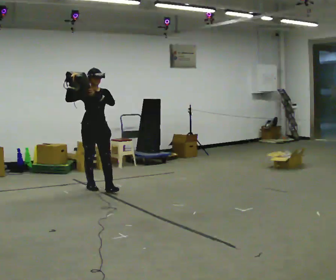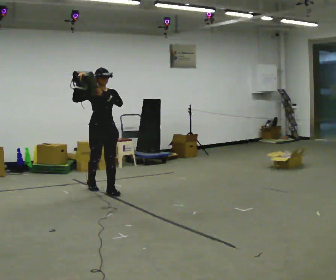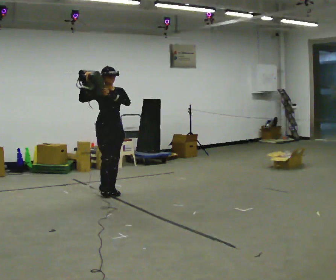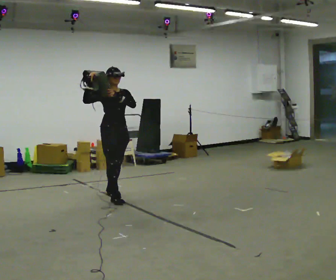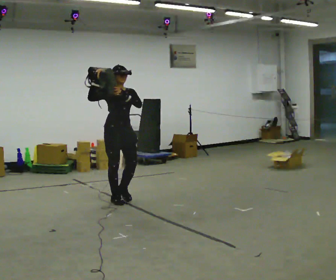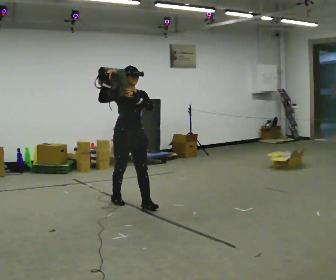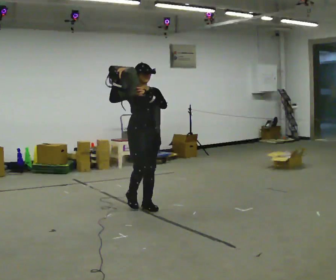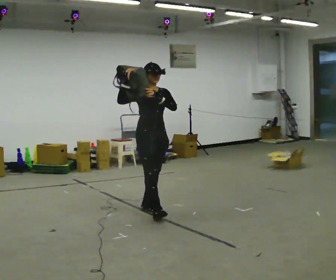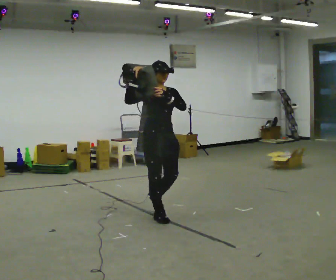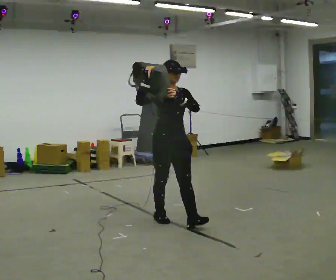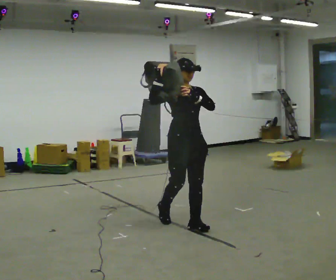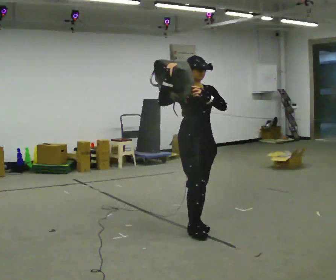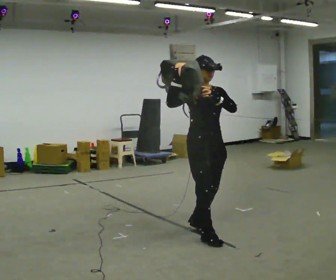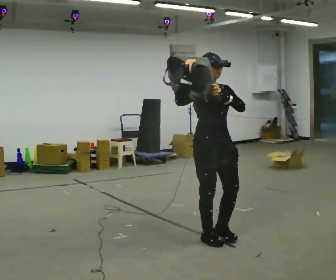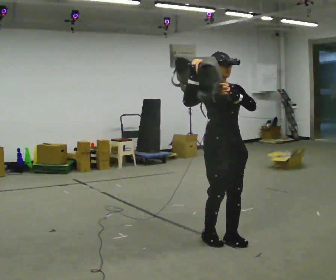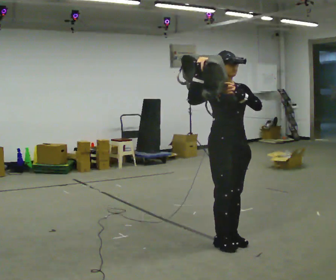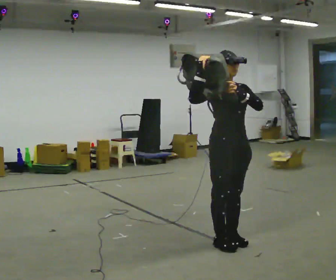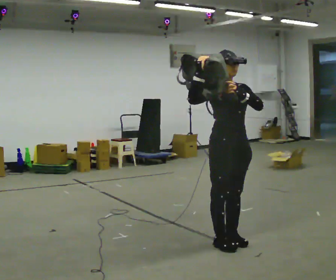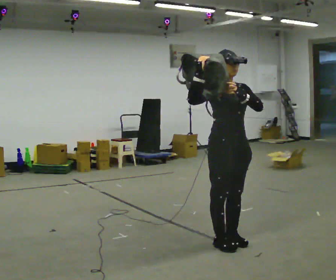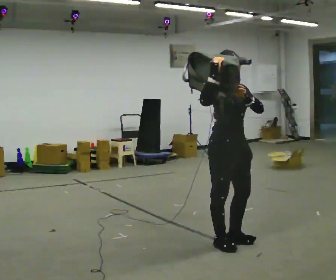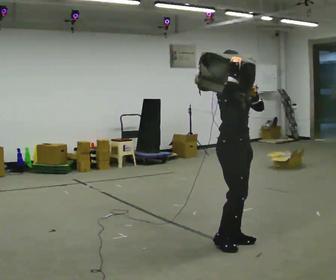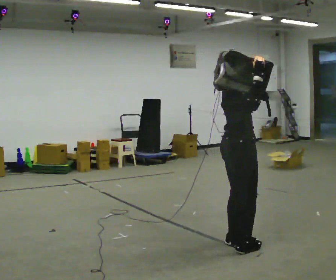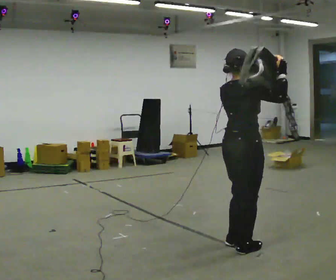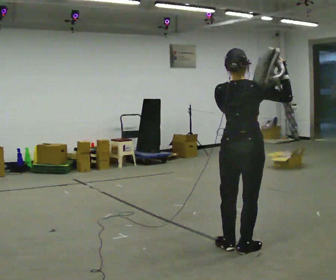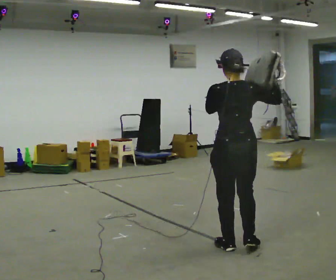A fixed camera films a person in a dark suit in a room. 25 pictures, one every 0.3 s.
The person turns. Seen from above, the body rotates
counterclockwise.
The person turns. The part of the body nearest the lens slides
to the right.
0.0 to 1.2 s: In the picture they go toward the camera and to the right, about 0.5 m in 2 steps, which for them is forward.
1.2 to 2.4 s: In the picture they go to the right and toward the camera, about 1 m in 2 steps, which for them is forward.
2.4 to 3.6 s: In the picture they go toward the camera and to the right, about 1 m in 2 steps, which for them is forward.
3.6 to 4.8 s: In the picture they go to the right and toward the camera, about 0.25 m in 2 steps, which for them is forward.
4.8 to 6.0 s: The part of the body nearest the lens slides to the right as the person turns to their left by about 30 degrees.
6.0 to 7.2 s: The person turns about 120 degrees to their left, counterclockwise seen from above, so the part of the body nearest the lens slides to the right.
The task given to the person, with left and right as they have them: Put the soft bag up onto your shoulder and carry it across the room, back and forth.
The film runs forward here.
